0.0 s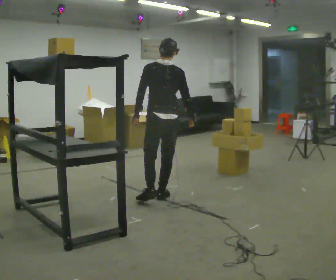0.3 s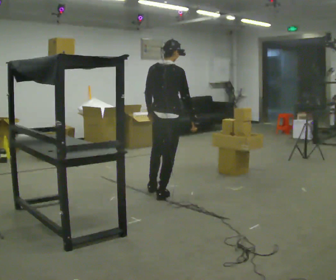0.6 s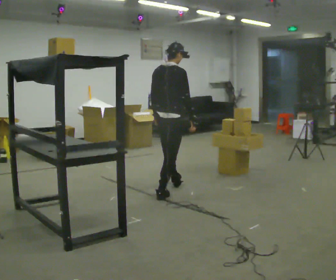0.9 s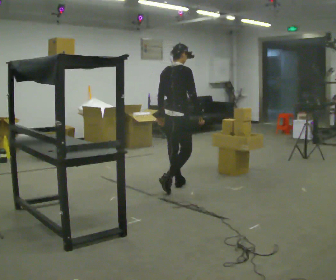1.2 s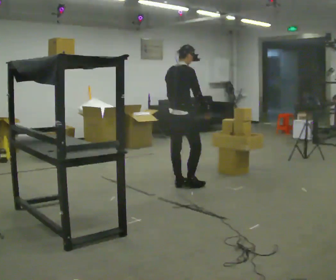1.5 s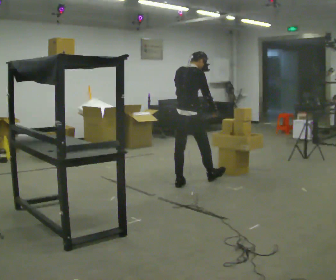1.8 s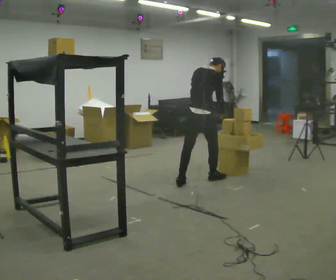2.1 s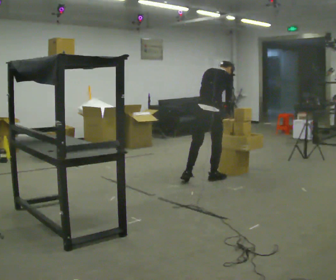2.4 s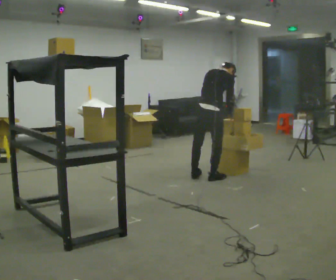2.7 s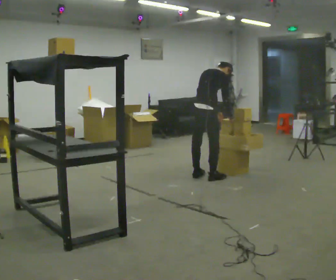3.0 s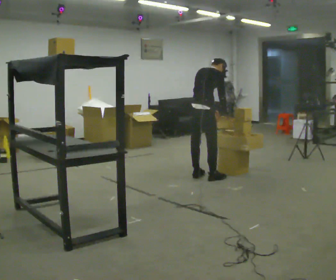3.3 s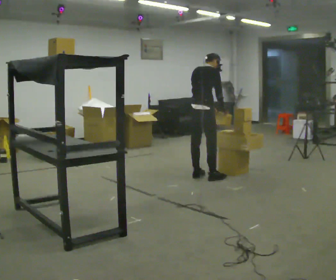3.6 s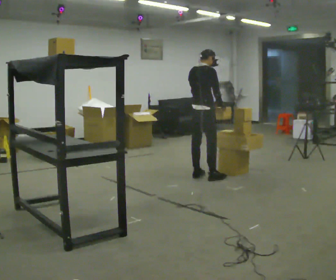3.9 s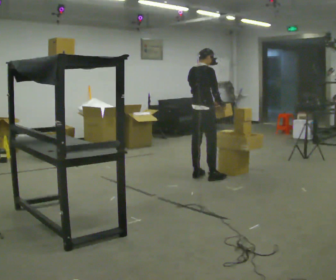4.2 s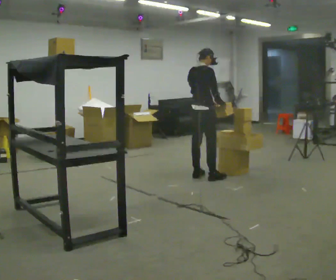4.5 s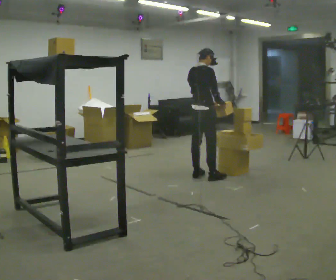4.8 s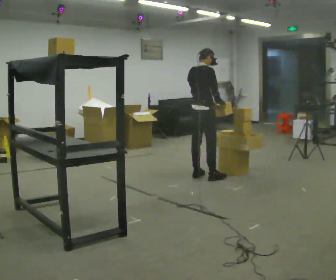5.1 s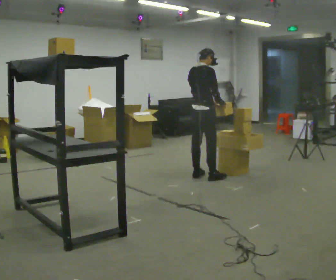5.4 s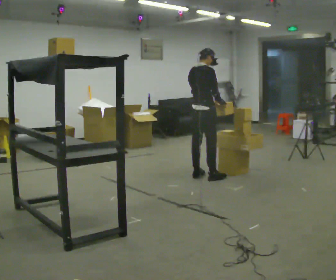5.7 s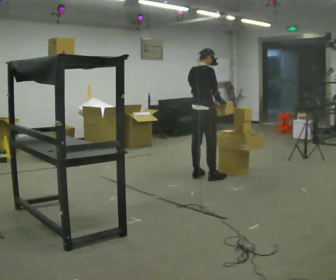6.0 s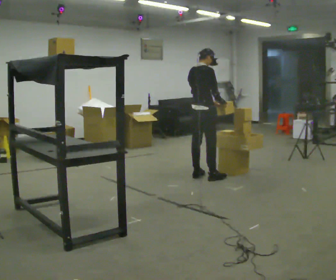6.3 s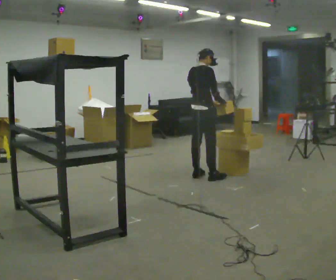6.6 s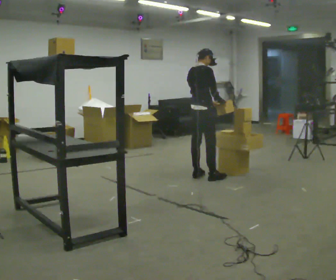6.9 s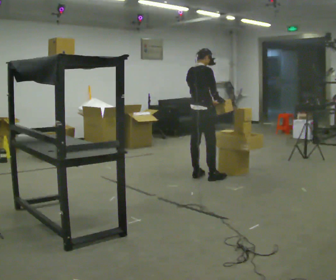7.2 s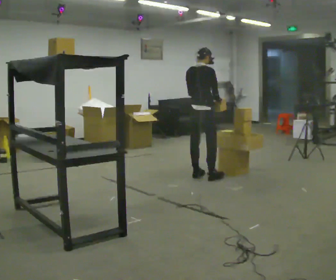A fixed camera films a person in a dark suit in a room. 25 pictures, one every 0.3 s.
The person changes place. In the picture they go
away from the camera.
0.0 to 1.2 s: Seen from above the body turns clockwise, about 45 degrees: to their right, with its near side sliding to the left. In the picture they go away from the camera and to the right, about 0.5 m in 1 step, which for them is forward.
1.2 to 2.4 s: In the picture they go to the right and away from the camera, about 0.5 m in 1 step, which for them is forward and to their right. In the picture the upper body tilts clockwise, shoulders to the right, as they bend forward.
2.4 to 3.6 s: In the picture the upper body tilts counterclockwise, shoulders to the left, as they lean back or straighten.
3.6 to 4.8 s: The person moves a little, or ends about where they began.
4.8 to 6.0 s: The person keeps their place and pose.
6.0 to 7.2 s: The person moves a little, or ends about where they began.
The film runs forward here.
